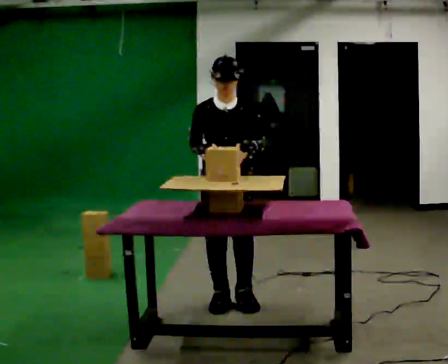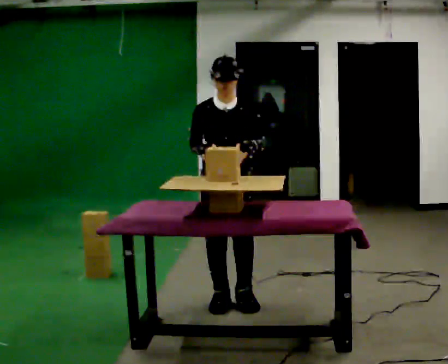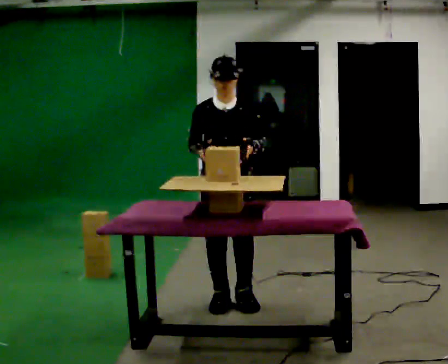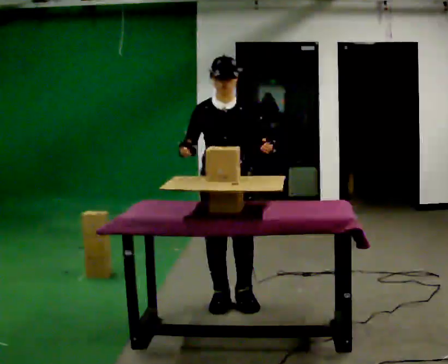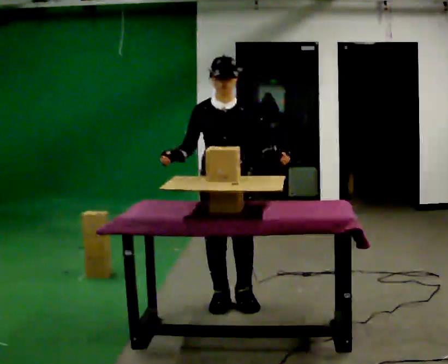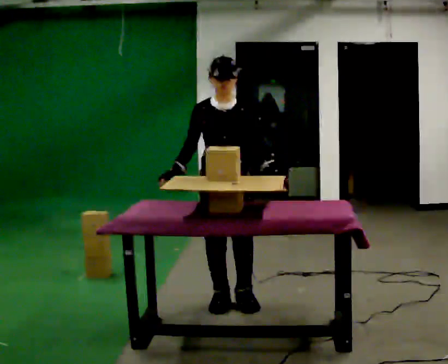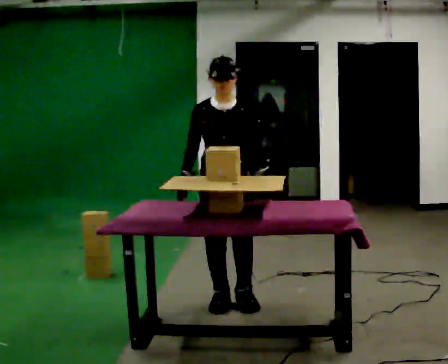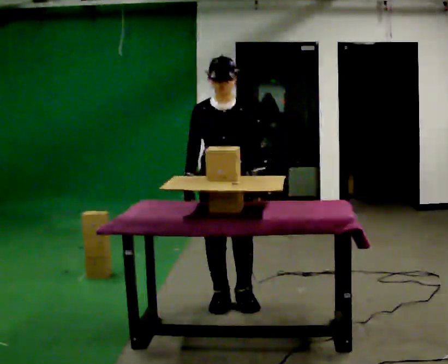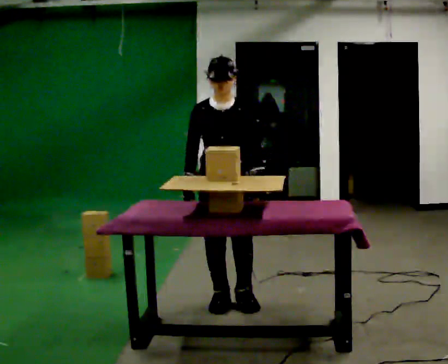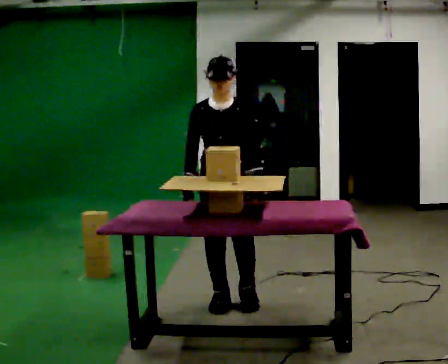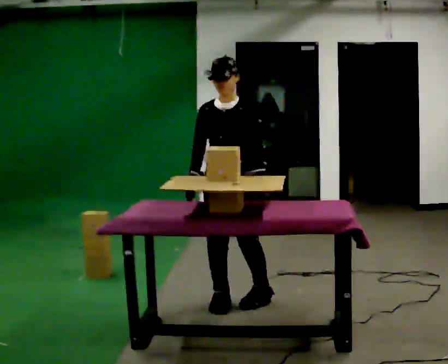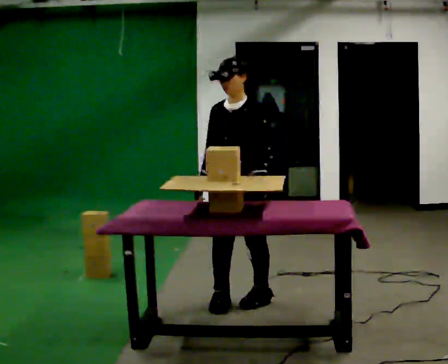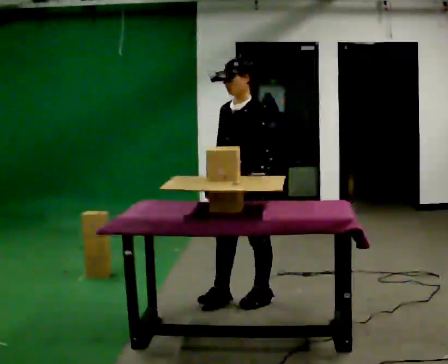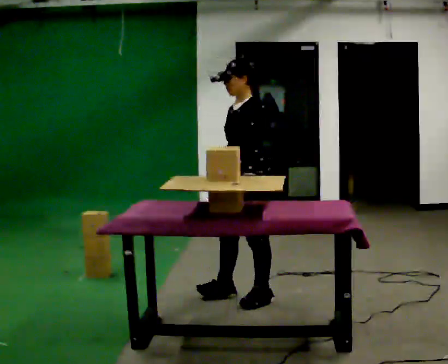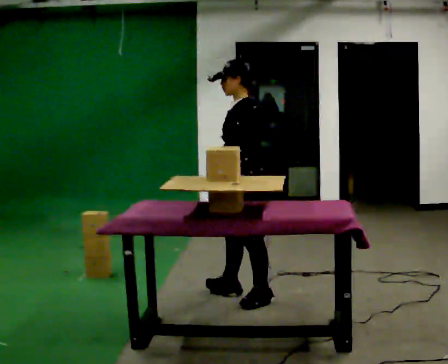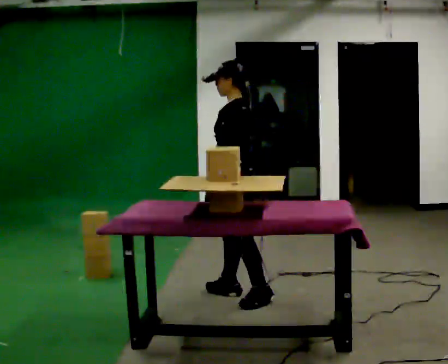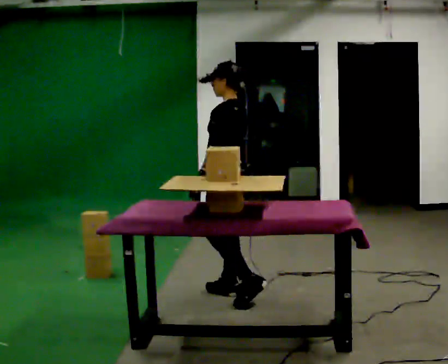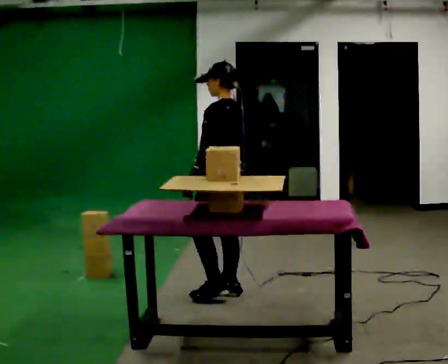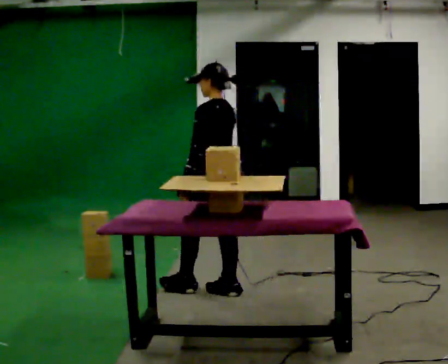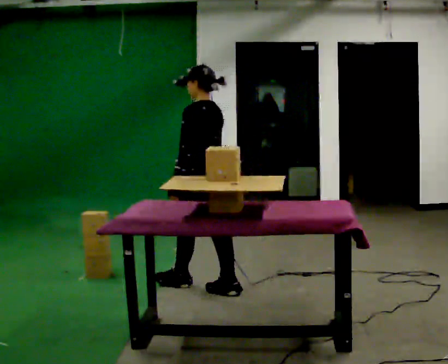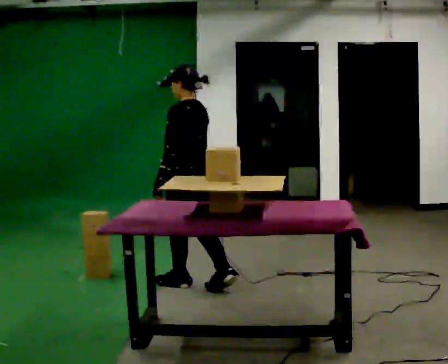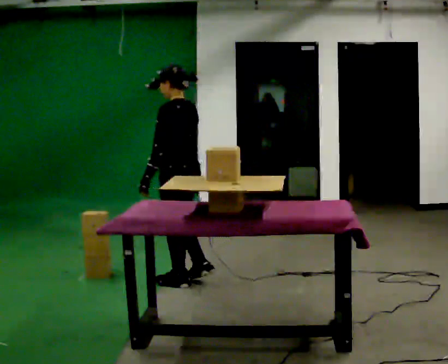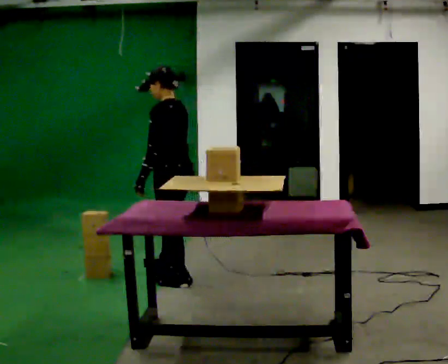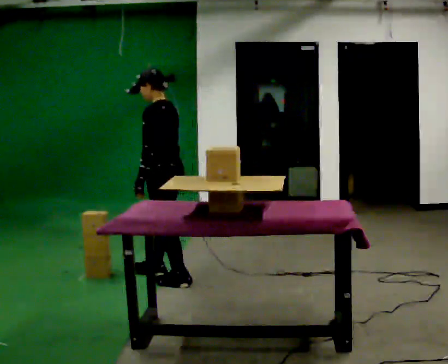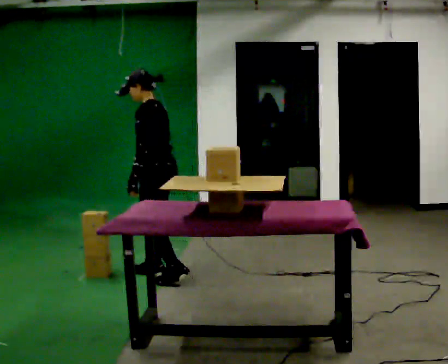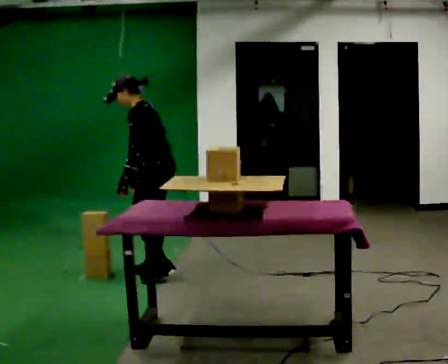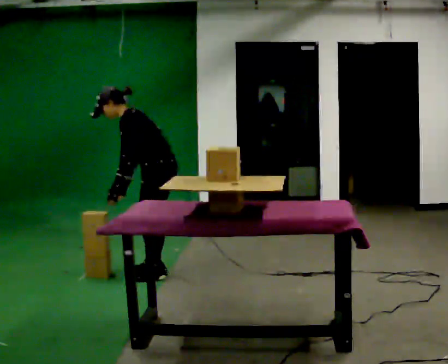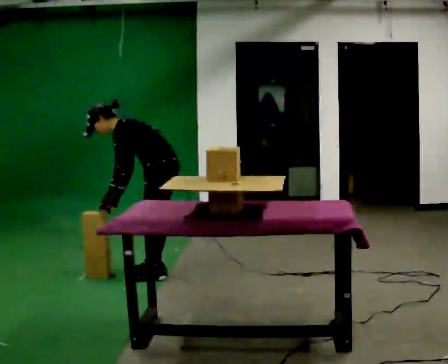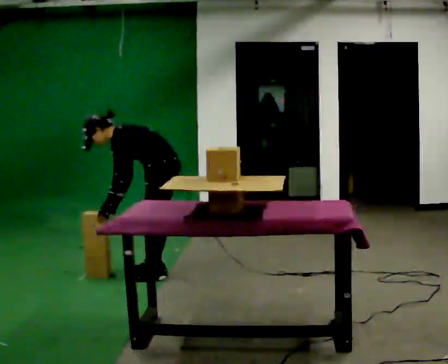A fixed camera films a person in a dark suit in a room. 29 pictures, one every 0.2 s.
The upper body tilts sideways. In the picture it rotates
counterclockwise.
Their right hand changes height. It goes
downward.
0.0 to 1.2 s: The person moves a little, or ends about where they began.
1.2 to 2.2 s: The person turns about 30 degrees to their right, clockwise seen from above, so the part of the body nearest the lens slides to the left.
2.2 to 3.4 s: The person turns about 75 degrees to their right, clockwise seen from above, so the part of the body nearest the lens slides to the left. In the picture they go away from the camera, about 0.25 m in 1 step.
3.4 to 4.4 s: In the picture they go to the left and away from the camera, about 0.5 m in 1 step, which for them is forward.
4.4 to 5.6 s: The person turns about 30 degrees to their left, counterclockwise seen from above, so the part of the body nearest the lens slides to the right. In the picture they go away from the camera, about 0.25 m in 2 steps, which for them is to their right. The upper body goes downward. In the picture the upper body tilts counterclockwise, shoulders to the left, as they bend forward. In the picture their right hand goes to the left.
The film runs forward here.
